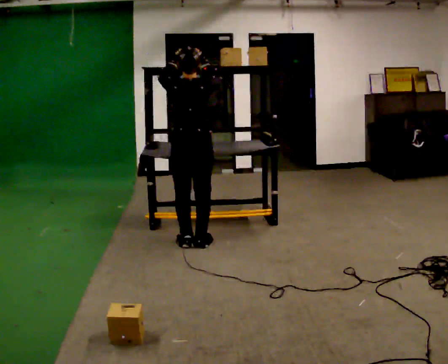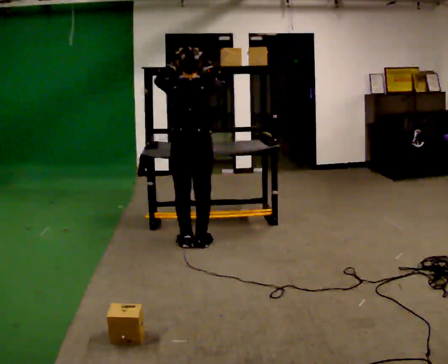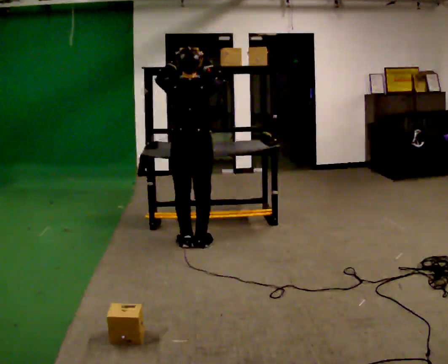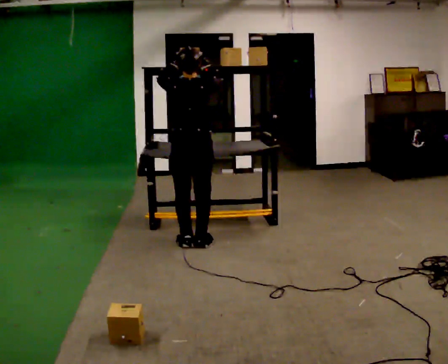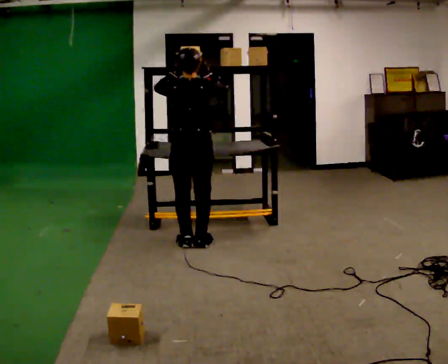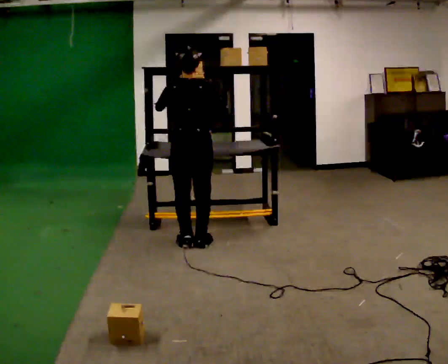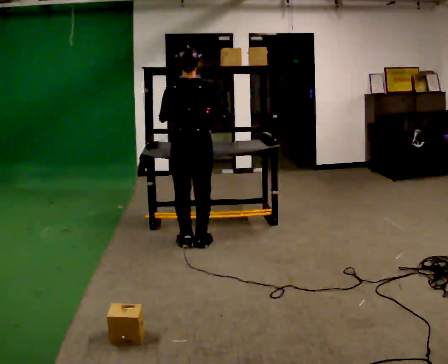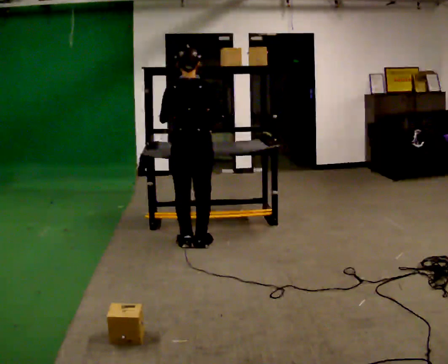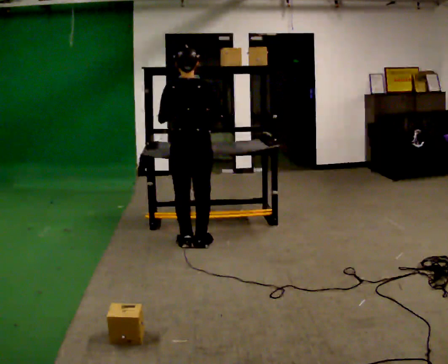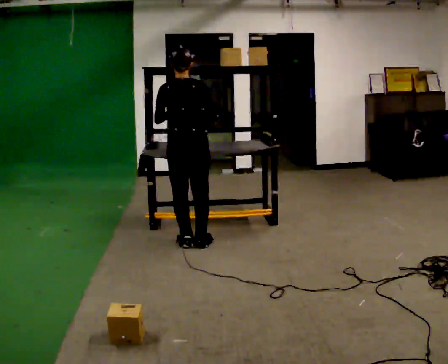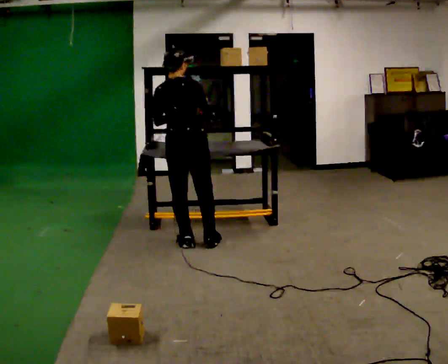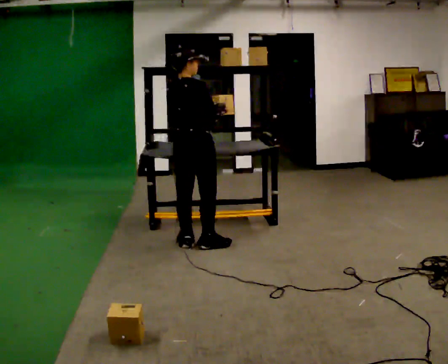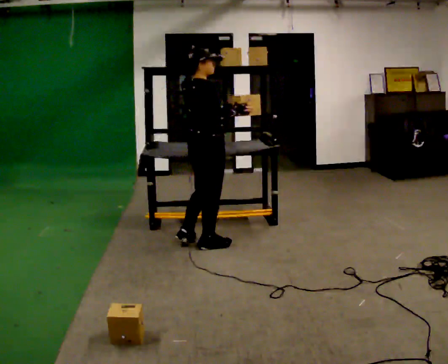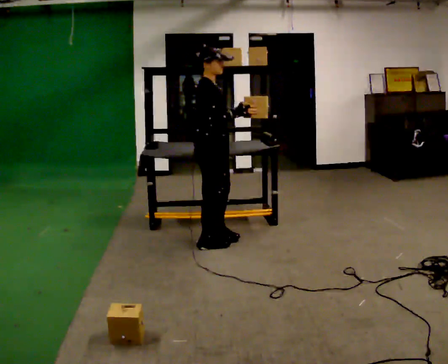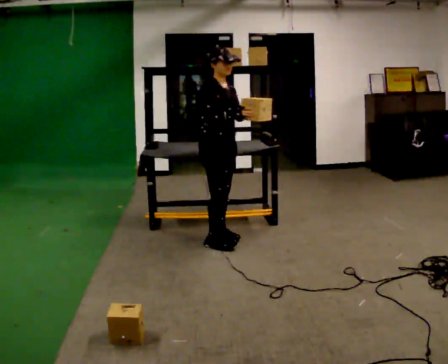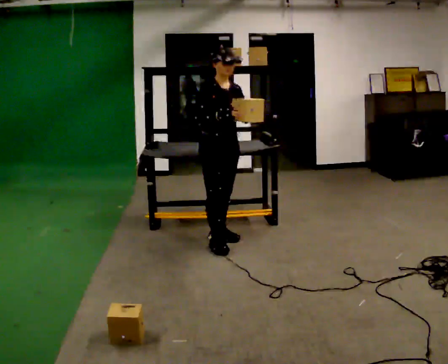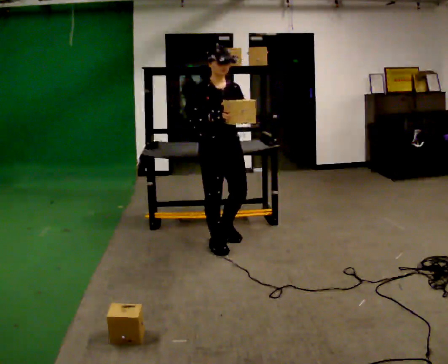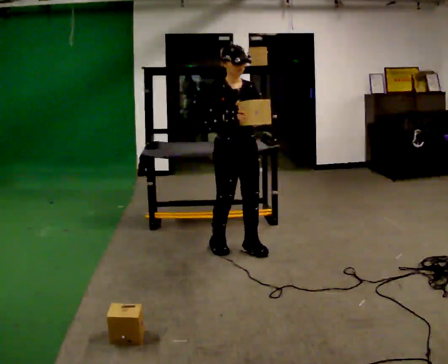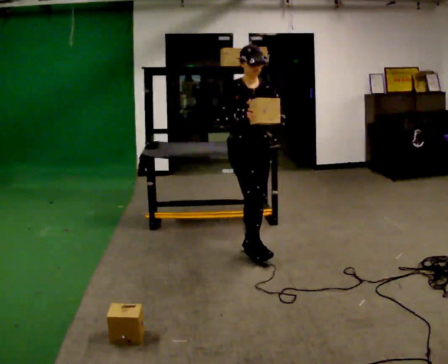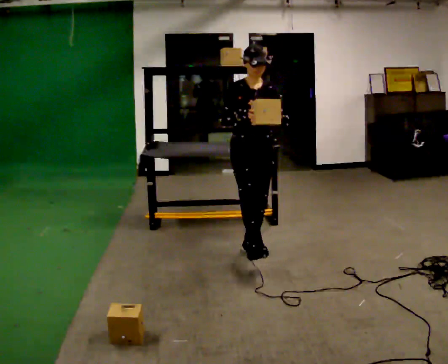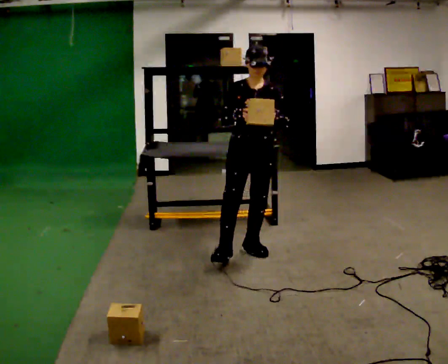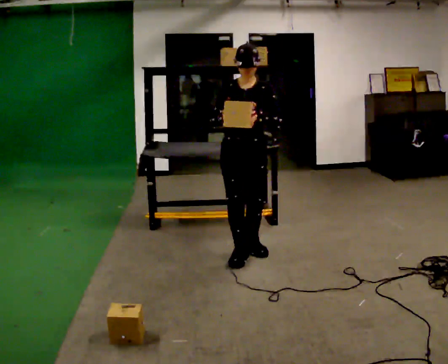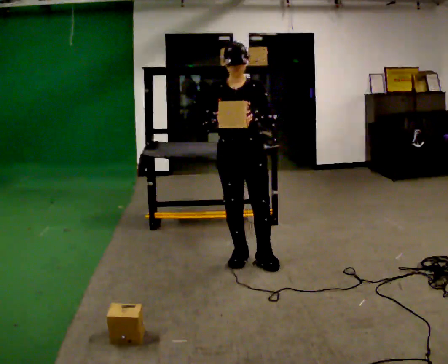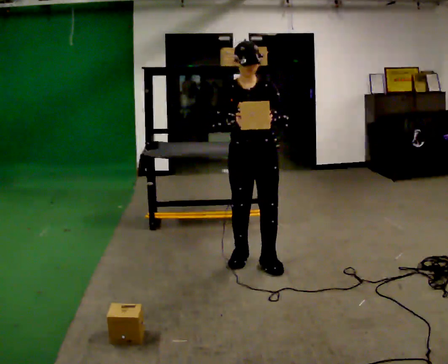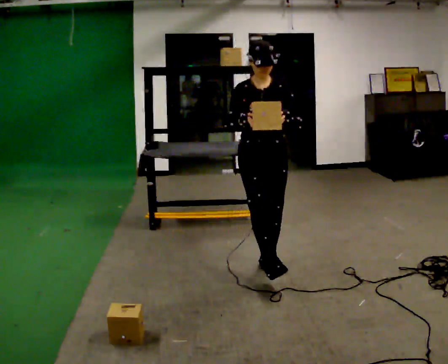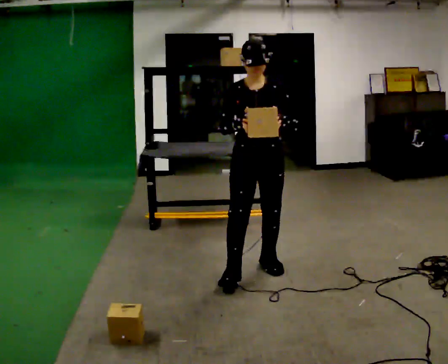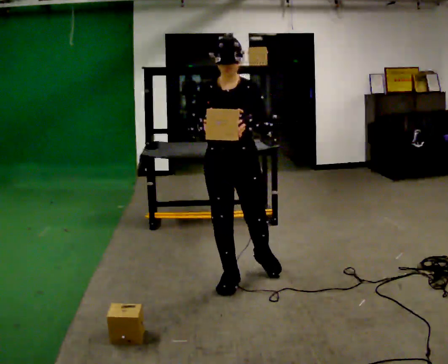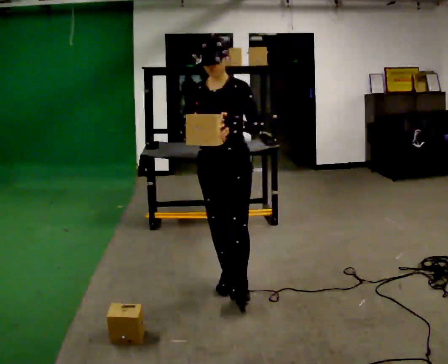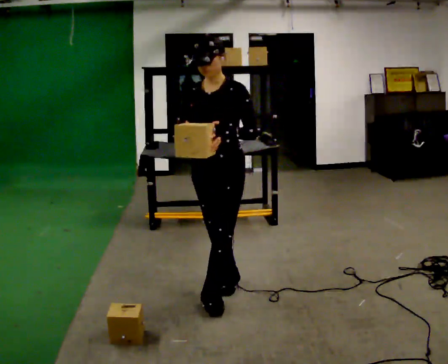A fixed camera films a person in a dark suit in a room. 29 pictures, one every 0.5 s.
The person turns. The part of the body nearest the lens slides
to the left.
The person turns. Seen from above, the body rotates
clockwise.
0.0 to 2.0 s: The person moves a little, or ends about where they began.
2.0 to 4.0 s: In the picture their right hand goes downward.
4.0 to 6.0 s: The part of the body nearest the lens slides to the left as the person turns to their right by about 60 degrees.
6.0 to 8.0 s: The part of the body nearest the lens slides to the left as the person turns to their right by about 90 degrees.
8.0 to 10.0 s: The person turns about 30 degrees to their right, clockwise seen from above, so the part of the body nearest the lens slides to the left. In the picture they go to the right, about 0.25 m in 1 step, which for them is to their left and forward.
10.0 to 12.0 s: In the picture they go toward the camera, about 0.25 m in 2 steps, which for them is forward.
12.0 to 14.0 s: Seen from above the body turns clockwise, about 30 degrees: to their right, with its near side sliding to the left. In the picture they go toward the camera and to the left, about 0.5 m in 2 steps, which for them is forward and to their right.
The film runs forward here.
